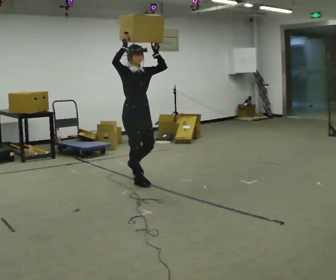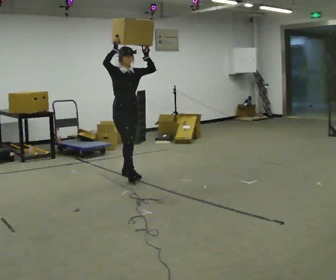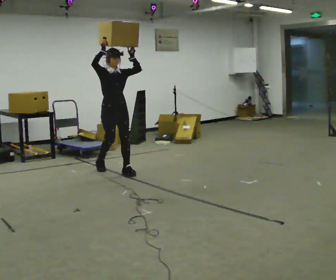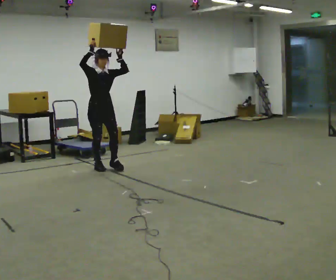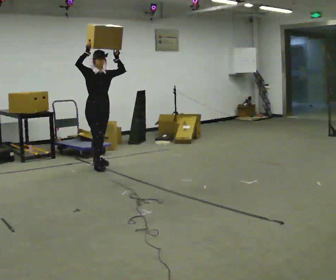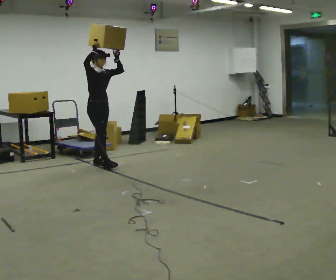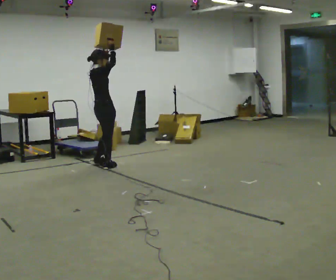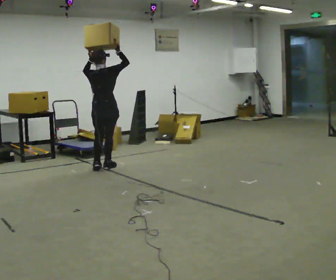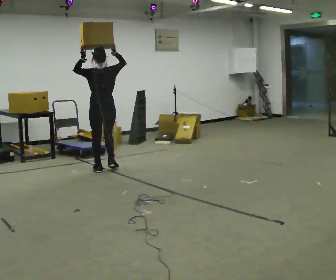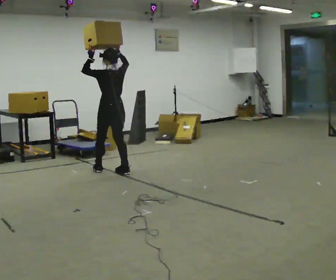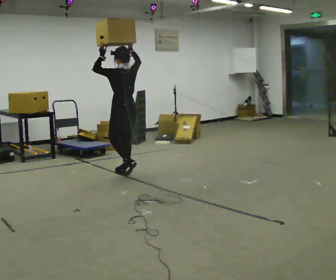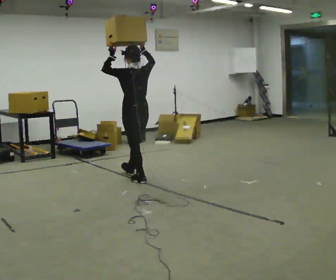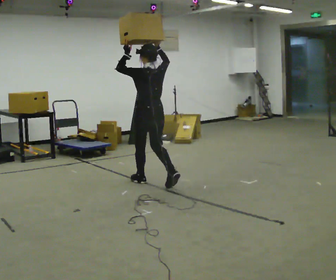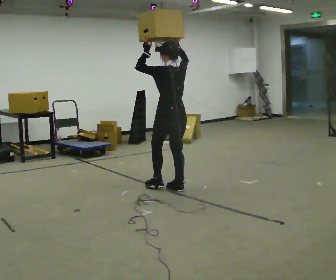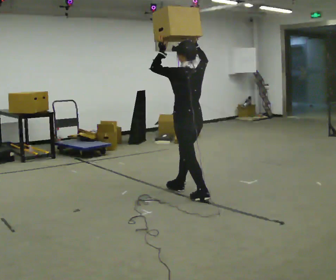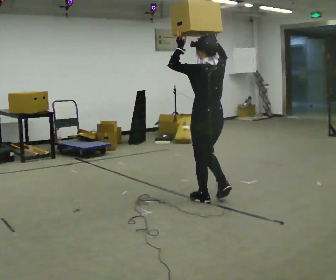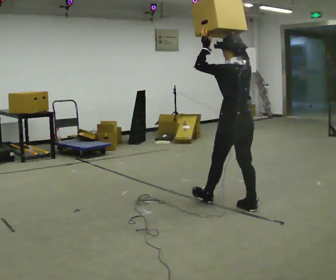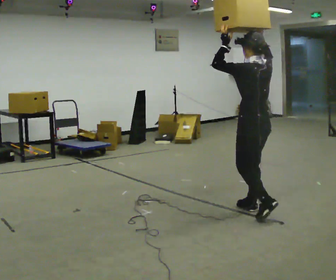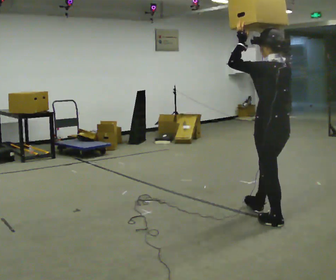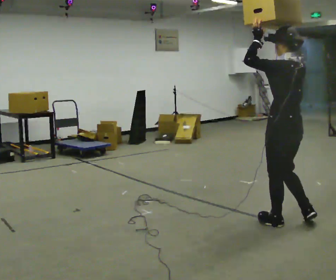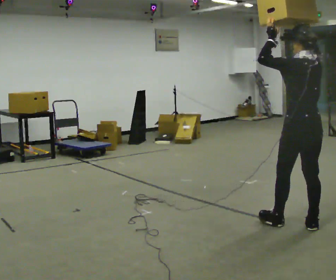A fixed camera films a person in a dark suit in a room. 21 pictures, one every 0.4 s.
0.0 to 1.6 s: In the picture they go away from the camera and to the left, about 1 m in 2 steps, which for them is backward.
1.6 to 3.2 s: The person turns about 165 degrees to their left, counterclockwise seen from above, so the part of the body nearest the lens slides to the right. In the picture they go toward the camera, about 0.25 m in 2 steps. In the picture their left hand goes to the left.
3.2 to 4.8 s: In the picture they go toward the camera and to the right, about 1 m in 2 steps, which for them is backward.
4.8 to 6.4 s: In the picture they go toward the camera and to the right, about 1.5 m in 3 steps, which for them is backward.
6.4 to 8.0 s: In the picture they go toward the camera and to the right, about 1 m in 1 step, which for them is backward.
The film runs backward here.
